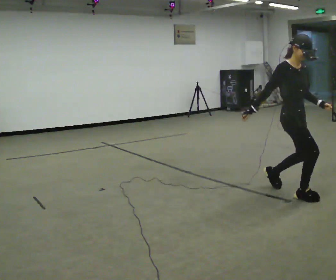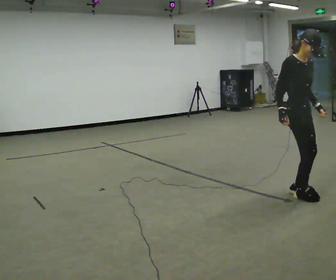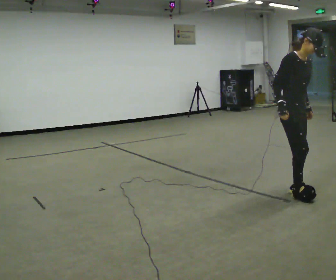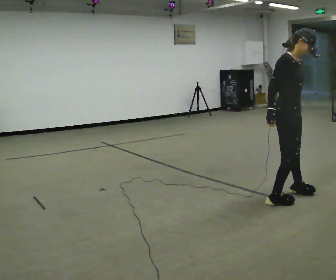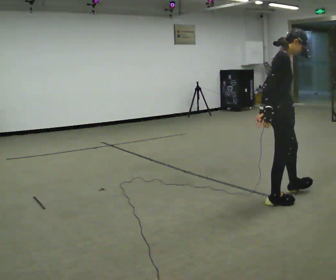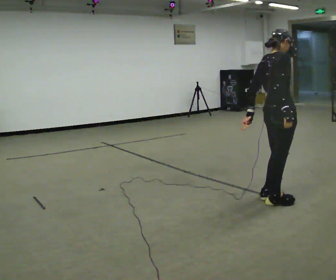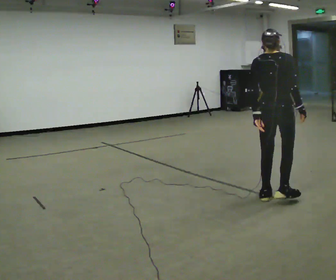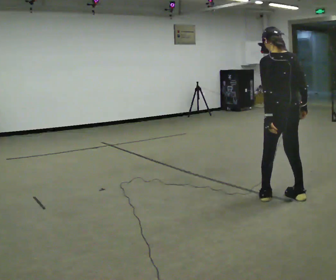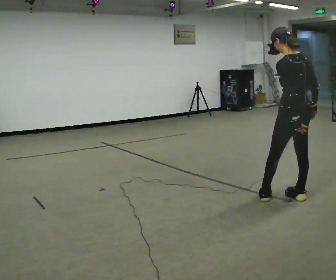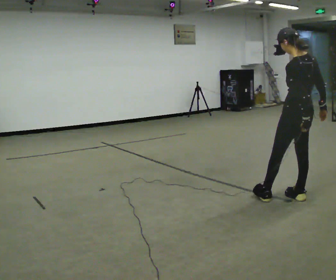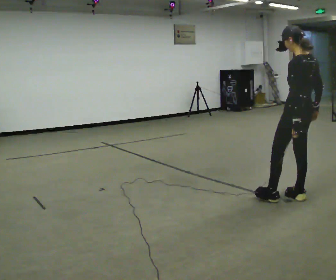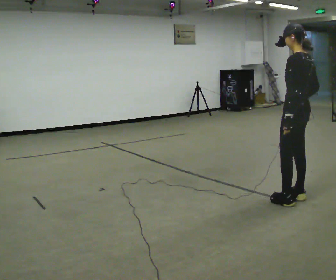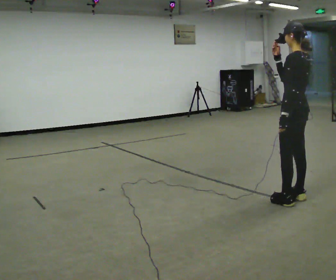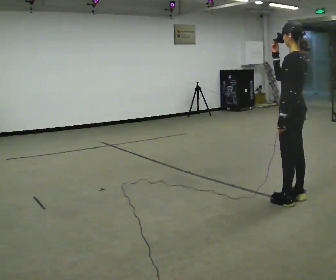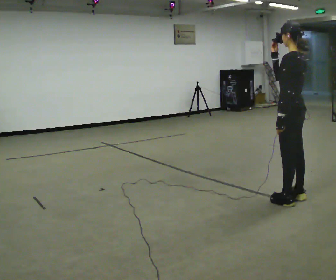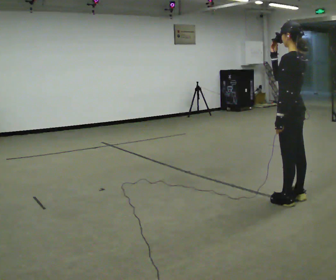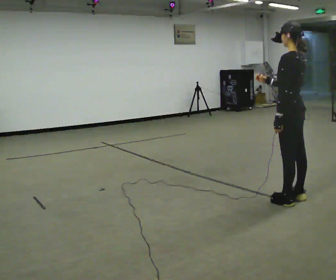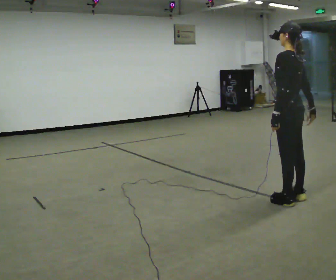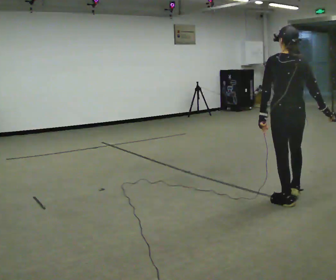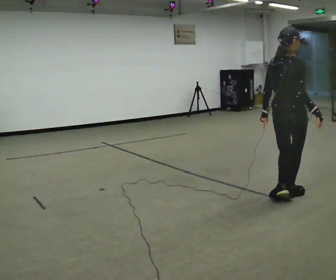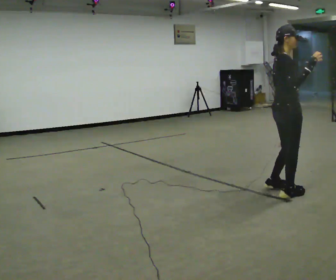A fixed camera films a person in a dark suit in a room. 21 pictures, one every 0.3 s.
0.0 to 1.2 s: The person turns about 30 degrees to their left, counterclockwise seen from above, so the part of the body nearest the lens slides to the right. In the picture they go to the left and toward the camera, about 0.25 m in 2 steps, which for them is to their right. In the picture their left hand goes to the left, the arm swinging clockwise.
1.2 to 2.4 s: The part of the body nearest the lens slides to the right as the person turns to their left by about 120 degrees. In the picture they go to the right, about 0.25 m in 2 steps. In the picture their right hand goes to the right.
2.4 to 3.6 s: In the picture their right hand goes upward and to the left.
3.6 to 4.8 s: In the picture their right hand goes downward.
4.8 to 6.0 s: Seen from above the body turns clockwise, about 150 degrees: to their right, with its near side sliding to the left. In the picture they go away from the camera, about 0.25 m. In the picture their right hand goes to the right.
The film runs forward here.
